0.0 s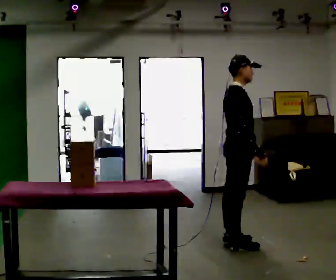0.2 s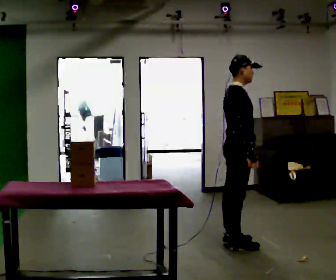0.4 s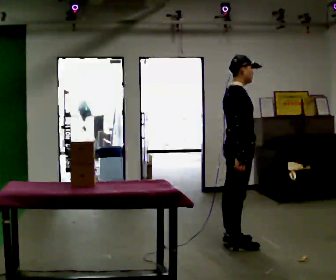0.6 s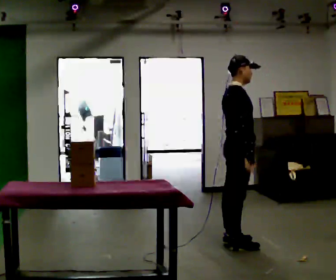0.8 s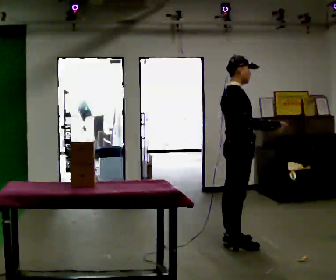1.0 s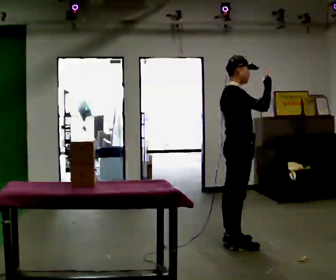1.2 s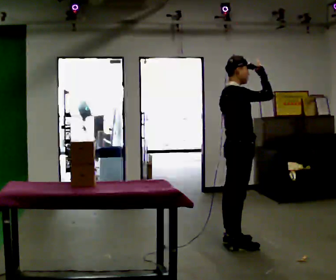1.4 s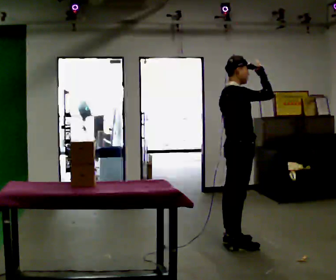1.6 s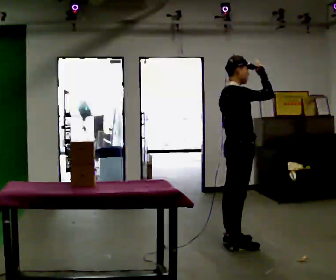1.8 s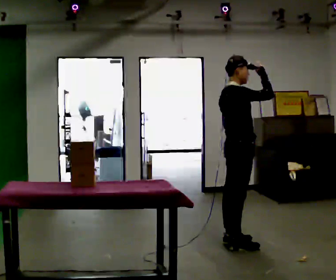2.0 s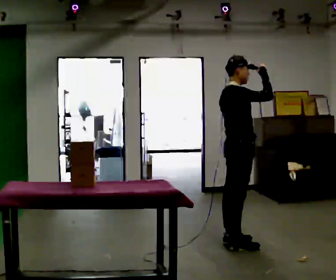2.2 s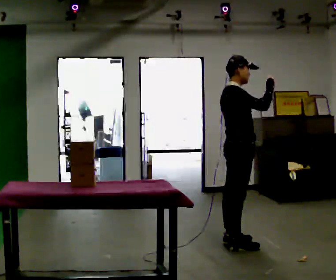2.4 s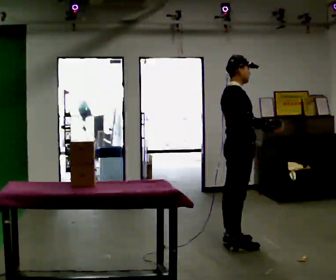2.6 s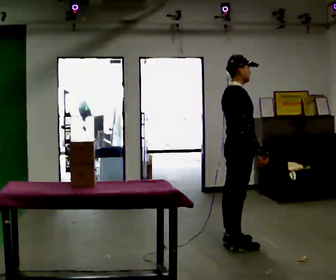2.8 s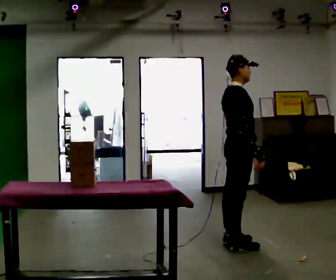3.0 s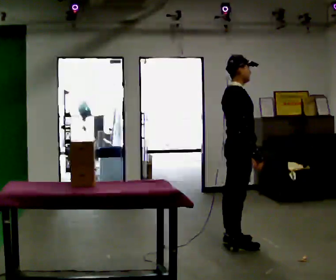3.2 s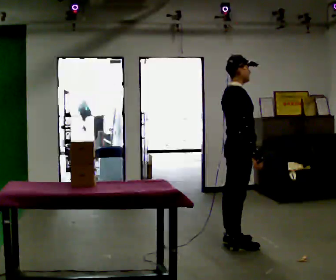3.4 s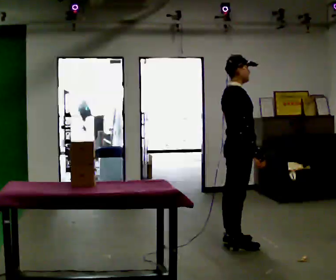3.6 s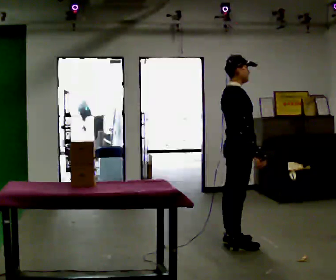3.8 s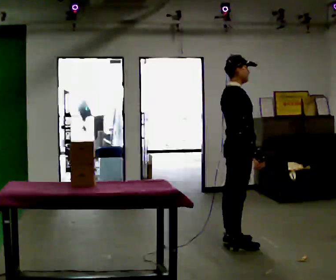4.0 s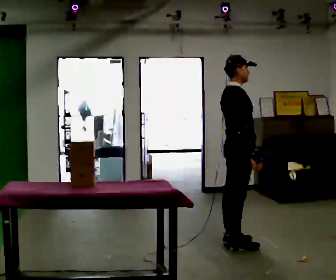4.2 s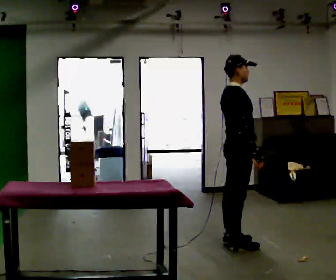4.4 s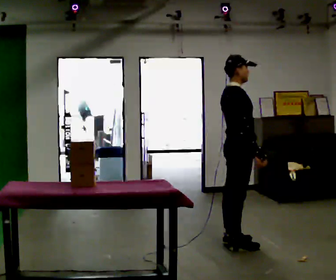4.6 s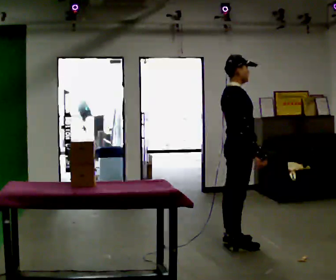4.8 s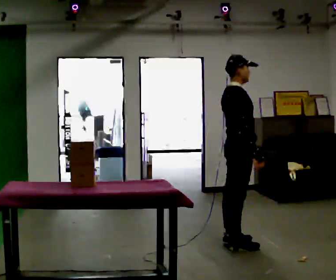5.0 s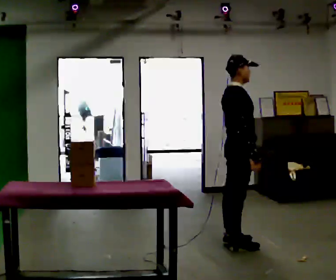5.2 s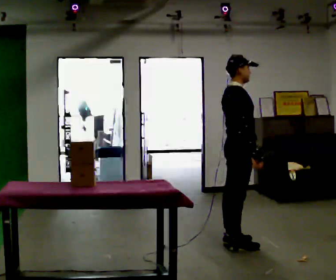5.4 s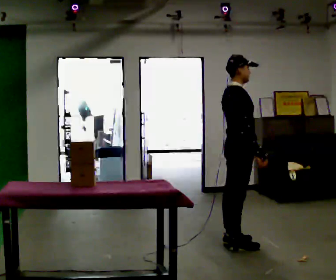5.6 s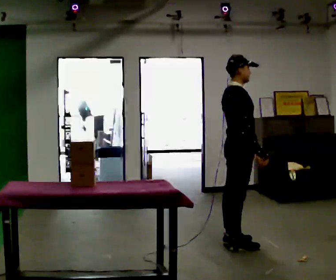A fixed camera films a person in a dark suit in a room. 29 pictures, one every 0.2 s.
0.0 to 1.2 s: In the picture their right hand goes upward, the arm swinging counterclockwise.
1.2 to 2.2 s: The person moves a little, or ends about where they began.
2.2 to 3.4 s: In the picture their right hand goes downward, the arm swinging clockwise.
3.4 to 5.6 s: The person moves a little, or ends about where they began.
The film runs backward here.
